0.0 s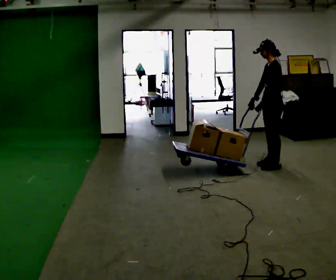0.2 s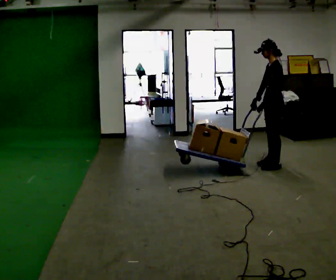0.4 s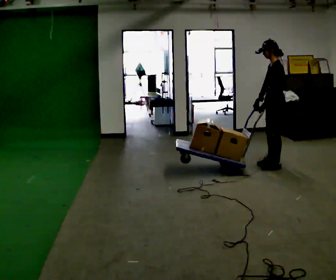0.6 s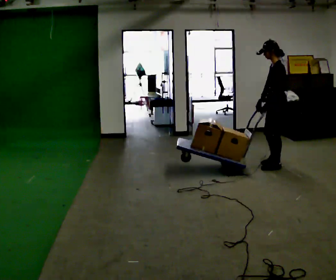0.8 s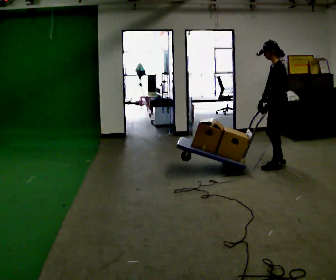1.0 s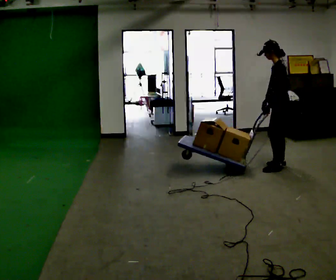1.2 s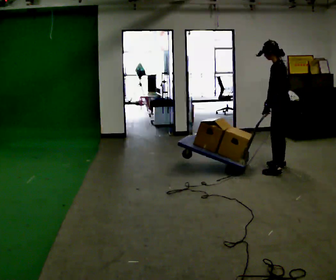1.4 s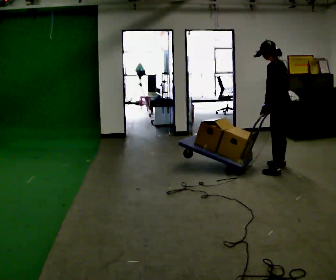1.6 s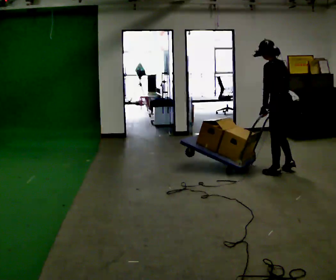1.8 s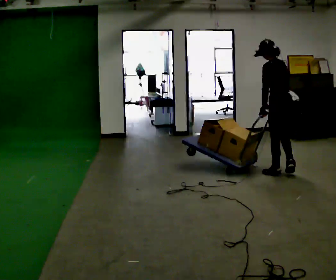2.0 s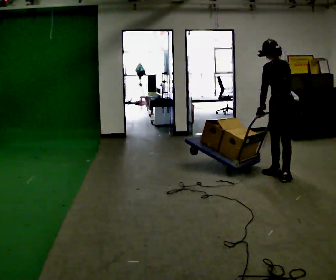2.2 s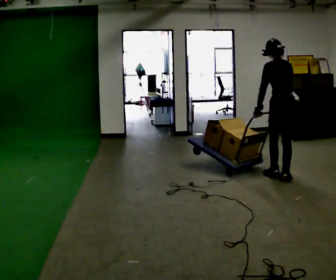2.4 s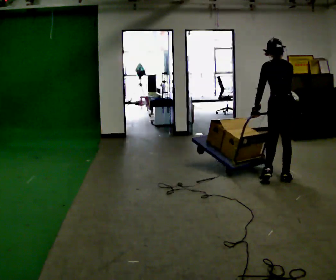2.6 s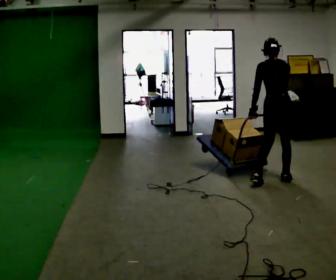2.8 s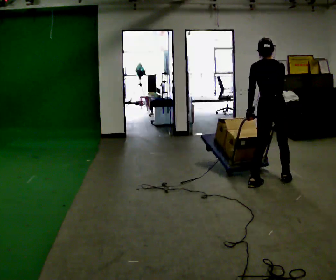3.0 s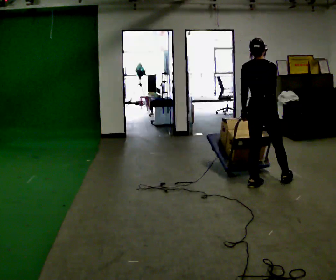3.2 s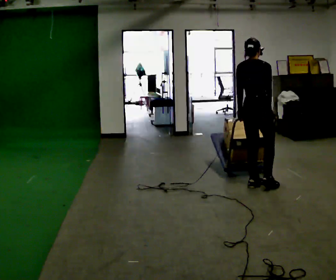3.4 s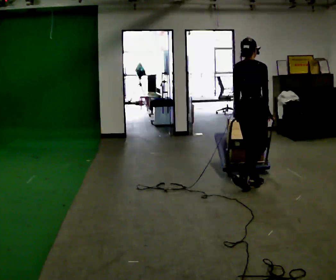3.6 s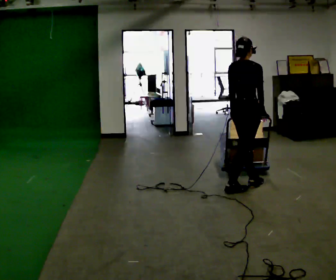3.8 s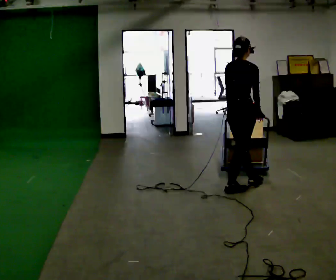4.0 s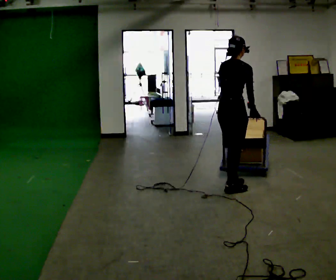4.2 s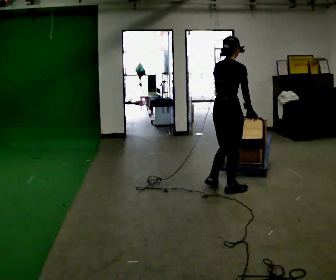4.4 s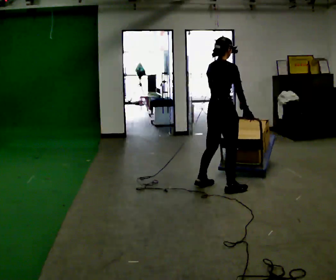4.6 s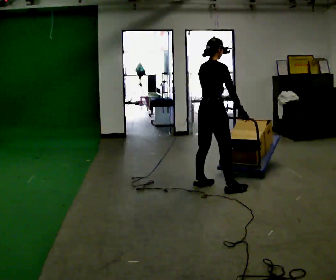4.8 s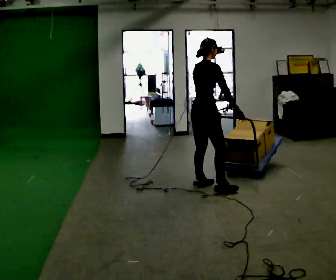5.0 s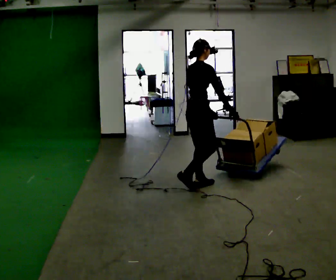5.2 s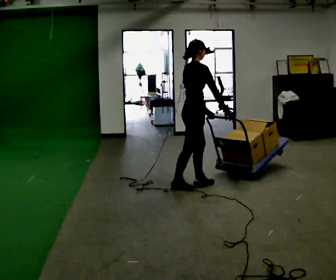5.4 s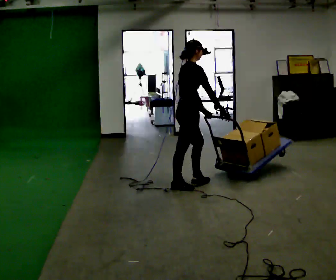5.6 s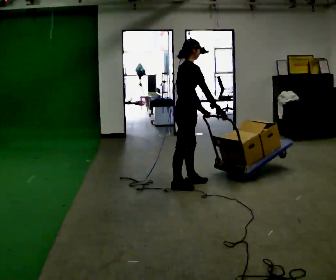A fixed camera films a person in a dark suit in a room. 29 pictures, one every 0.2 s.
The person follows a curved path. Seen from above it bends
clockwise.
Their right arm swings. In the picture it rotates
counterclockwise.
0.0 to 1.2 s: Seen from above the body turns clockwise, about 30 degrees: to their right, with its near side sliding to the left.
1.2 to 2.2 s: The part of the body nearest the lens slides to the left as the person turns to their right by about 45 degrees. In the picture they go toward the camera, about 0.5 m in 2 steps, which for them is backward and to their left.
2.2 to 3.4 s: The person turns about 60 degrees to their right, clockwise seen from above, so the part of the body nearest the lens slides to the left. In the picture they go to the left and toward the camera, about 0.5 m in 1 step.
3.4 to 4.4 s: In the picture they go to the left, about 0.25 m in 1 step, which for them is backward and to their left.
4.4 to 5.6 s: The person turns about 30 degrees to their right, clockwise seen from above, so the part of the body nearest the lens slides to the left. In the picture they go to the left, about 0.5 m in 2 steps, which for them is backward and to their left.
The film runs backward here.
